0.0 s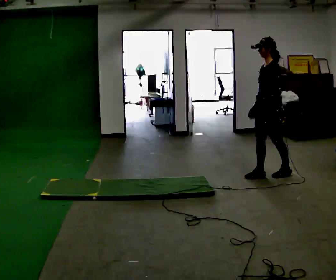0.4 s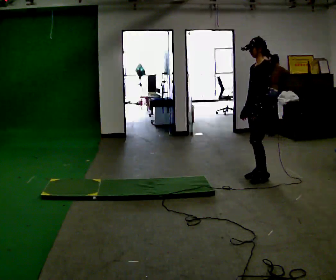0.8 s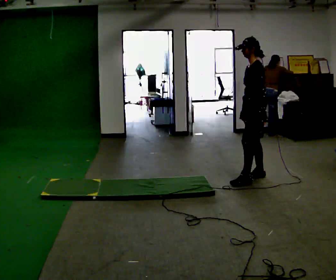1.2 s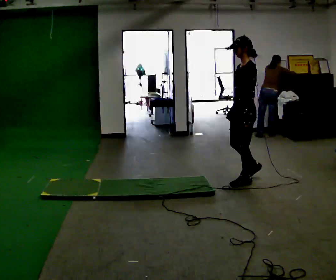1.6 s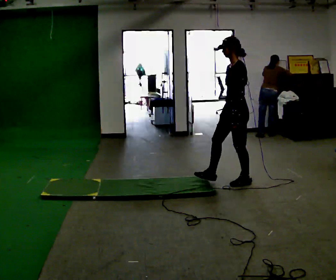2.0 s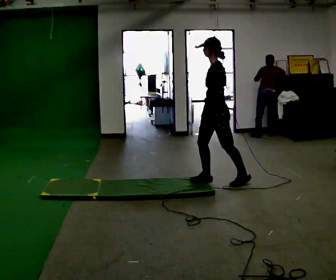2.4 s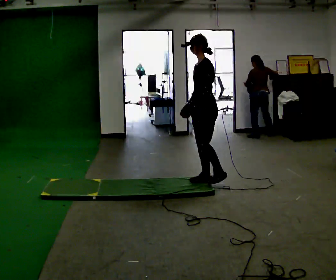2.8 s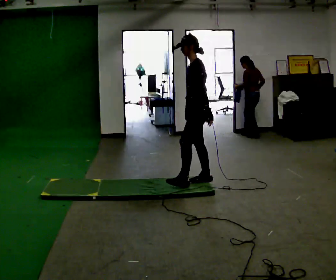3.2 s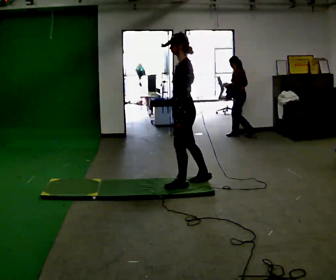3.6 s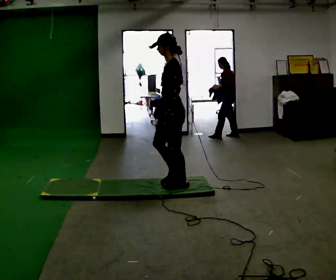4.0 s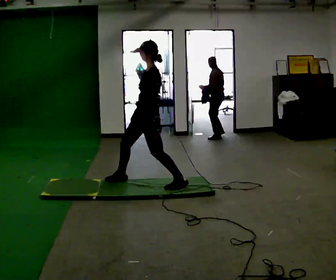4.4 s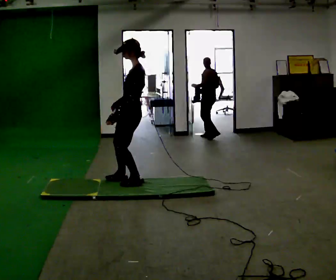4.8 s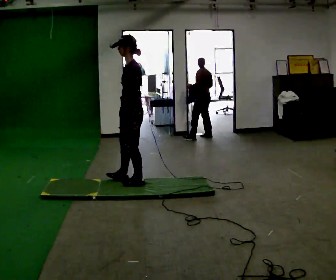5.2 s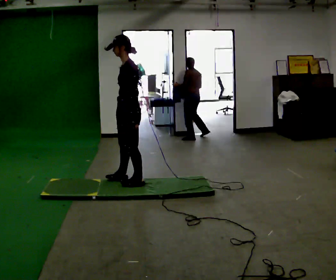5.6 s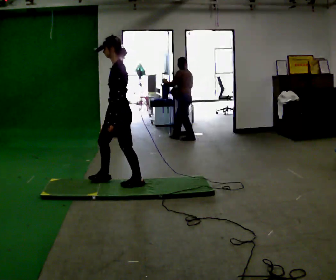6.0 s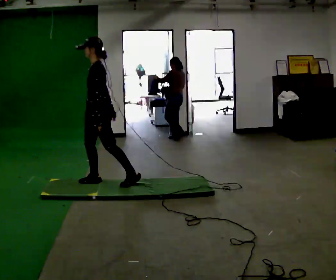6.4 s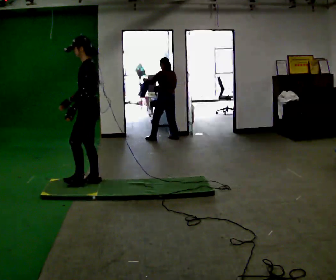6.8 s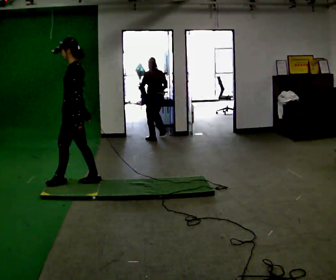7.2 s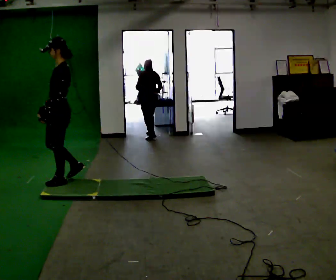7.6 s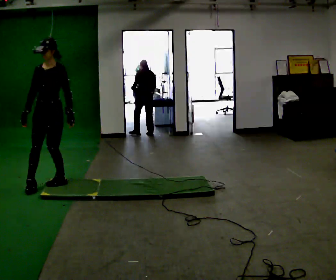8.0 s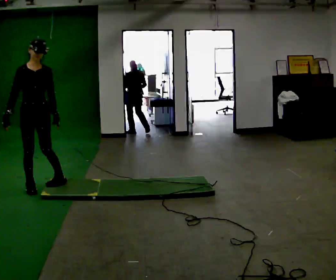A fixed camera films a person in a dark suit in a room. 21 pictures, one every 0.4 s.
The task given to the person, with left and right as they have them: Walk across the floor at a normal pace. It may be more slippery in places. Recover however comes naturally.
0.0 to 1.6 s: In the picture they go to the left and toward the camera, about 0.5 m in 1 step, which for them is forward and to their left.
1.6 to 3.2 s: In the picture they go to the left, about 0.5 m in 2 steps, which for them is forward.
3.2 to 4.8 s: In the picture they go to the left, about 0.5 m in 2 steps, which for them is forward and to their right.
4.8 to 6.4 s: In the picture they go to the left, about 0.5 m in 1 step, which for them is forward.
6.4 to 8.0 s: The part of the body nearest the lens slides to the right as the person turns to their left by about 105 degrees. In the picture they go to the left, about 0.5 m in 2 steps.
The film runs forward here.
